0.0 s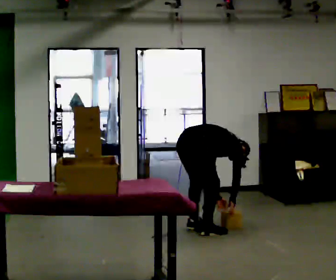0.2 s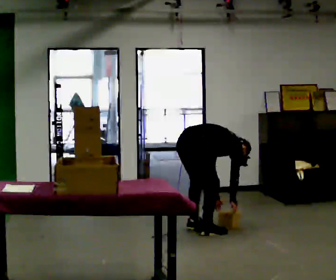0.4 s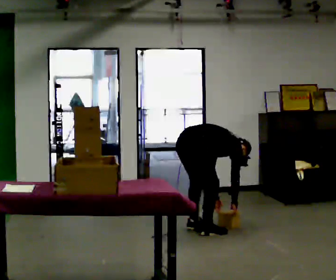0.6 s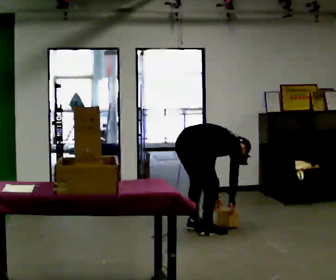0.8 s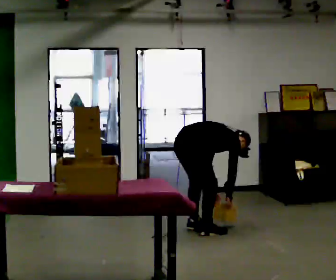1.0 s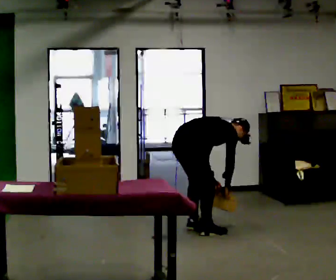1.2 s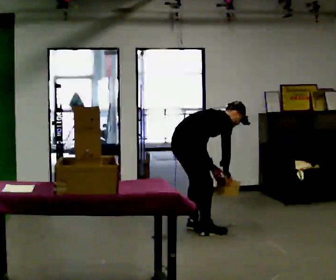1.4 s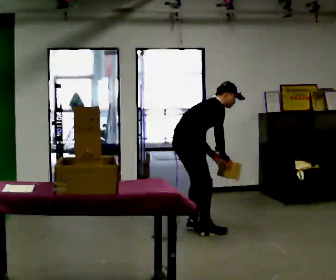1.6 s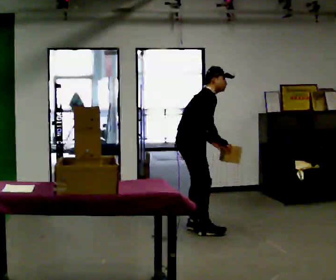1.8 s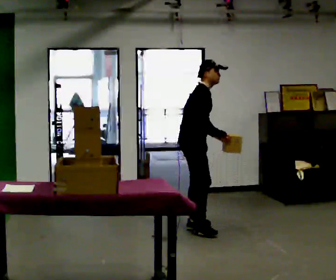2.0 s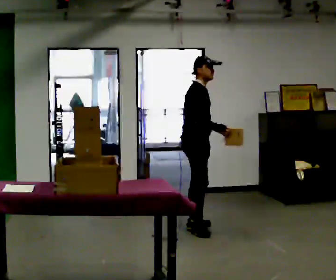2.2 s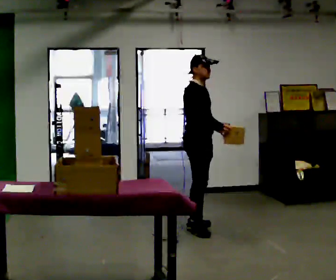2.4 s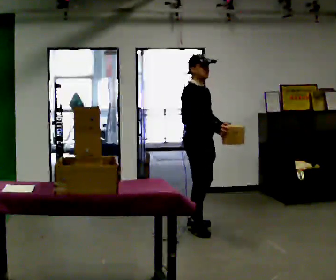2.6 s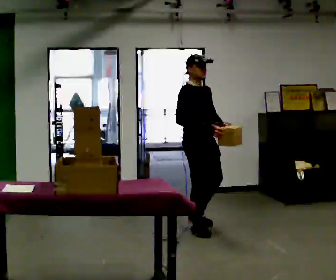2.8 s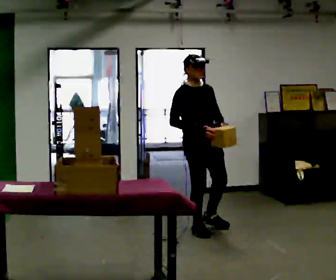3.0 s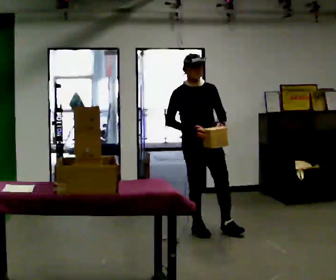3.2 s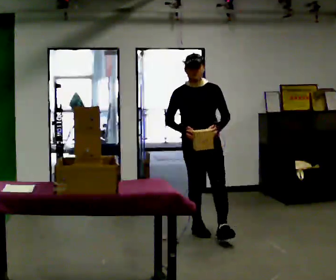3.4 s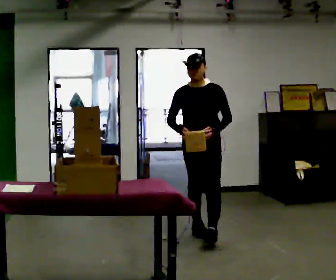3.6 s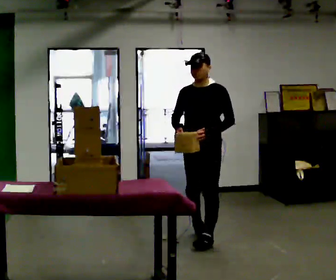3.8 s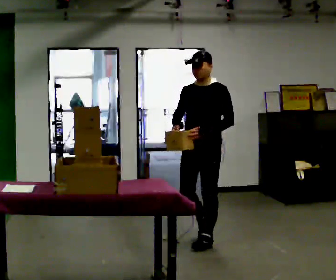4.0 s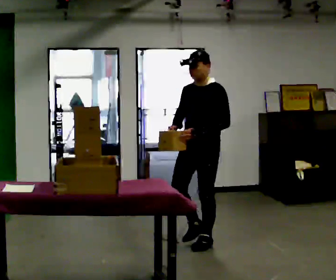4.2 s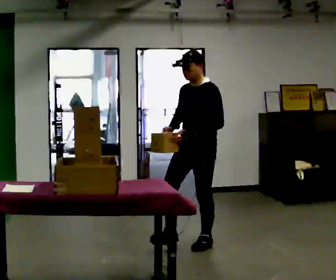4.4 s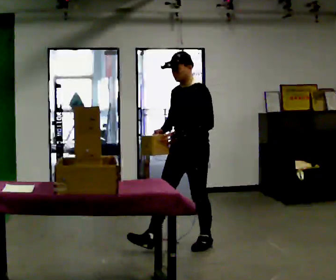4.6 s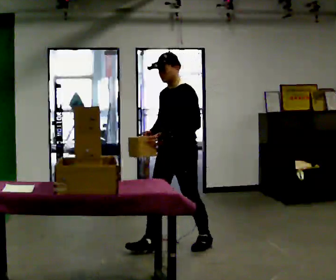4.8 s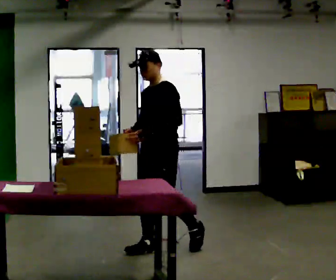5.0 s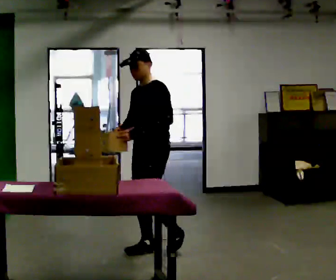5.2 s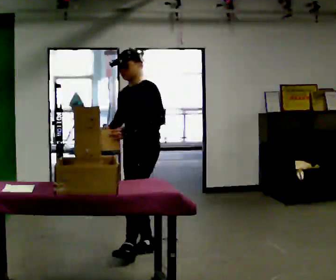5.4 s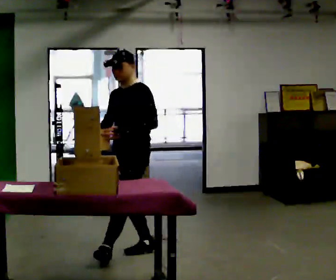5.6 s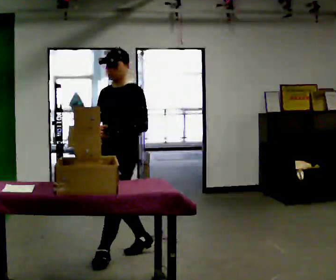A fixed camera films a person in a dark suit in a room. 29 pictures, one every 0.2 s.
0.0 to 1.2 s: The upper body goes upward. The upper body tips toward the camera, its near side rolling downward, as they lean back or straighten. In the picture their left hand goes upward.
1.2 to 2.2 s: Seen from above the body turns clockwise, about 30 degrees: to their right, with its near side sliding to the left. The shoulders move upward. In the picture the upper body tilts counterclockwise, shoulders to the left, as they lean back or straighten. In the picture their left hand goes upward.
2.2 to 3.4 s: The part of the body nearest the lens slides to the left as the person turns to their right by about 90 degrees. In the picture they go toward the camera, about 0.25 m in 1 step.
3.4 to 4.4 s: The part of the body nearest the lens slides to the left as the person turns to their right by about 30 degrees. In the picture they go toward the camera, about 0.5 m in 1 step, which for them is forward and to their left.
4.4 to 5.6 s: In the picture they go to the left and toward the camera, about 0.75 m in 1 step, which for them is forward.
The film runs forward here.
